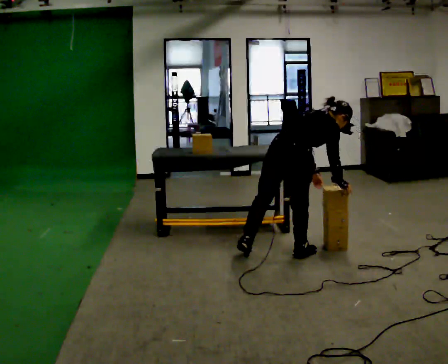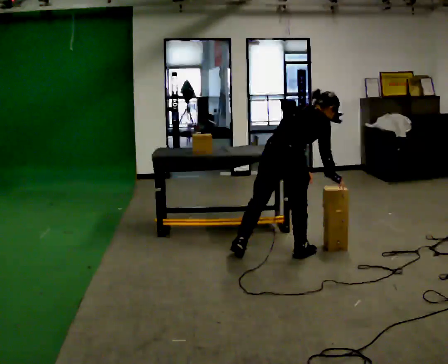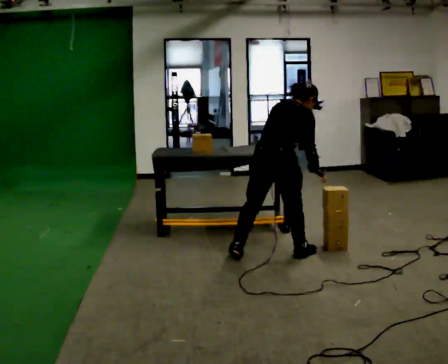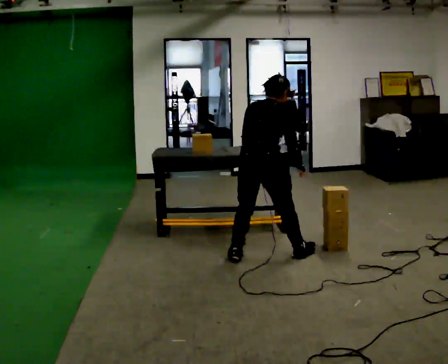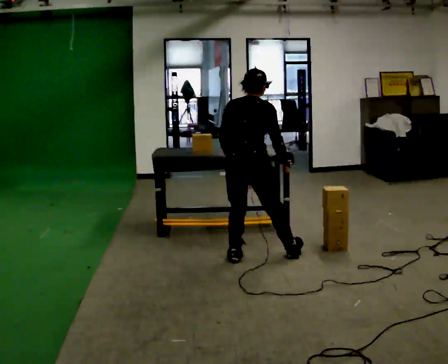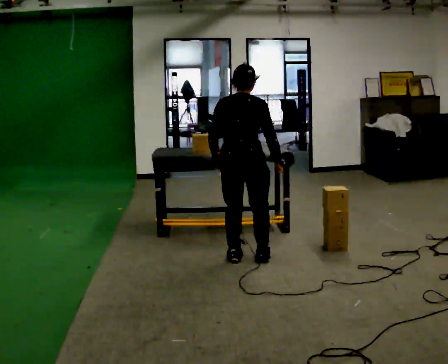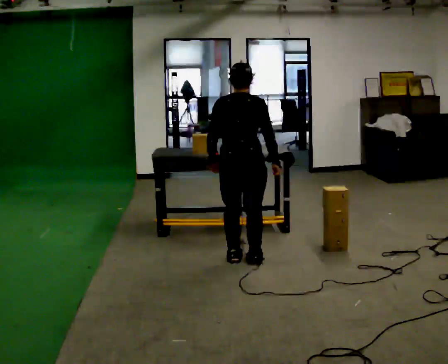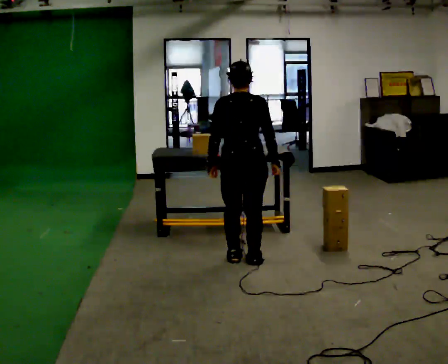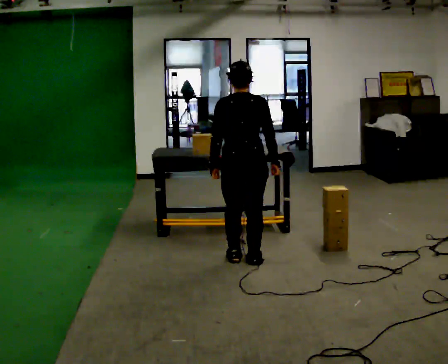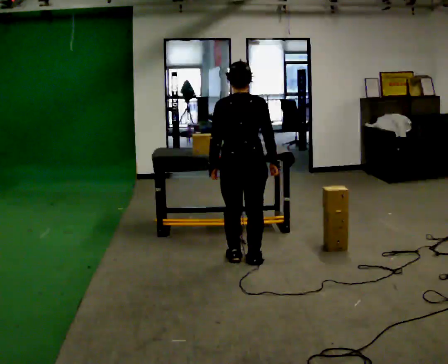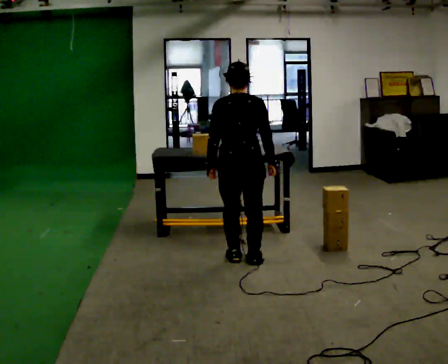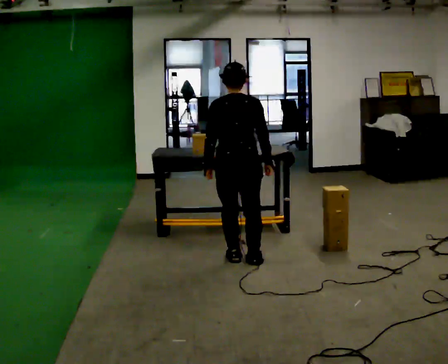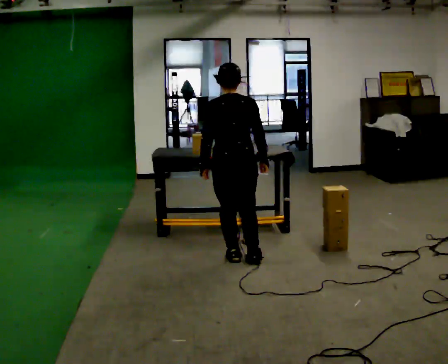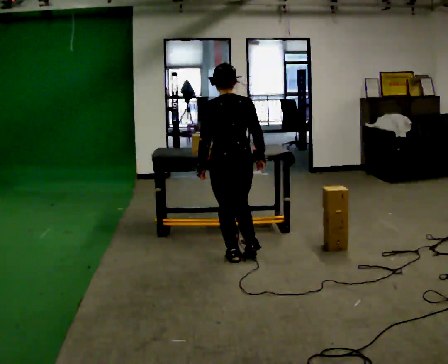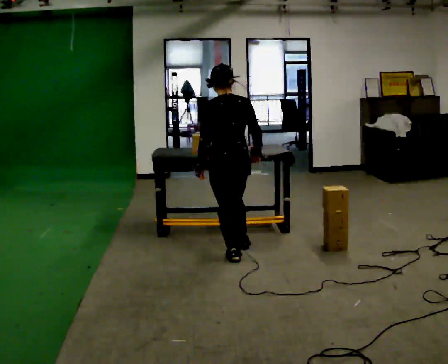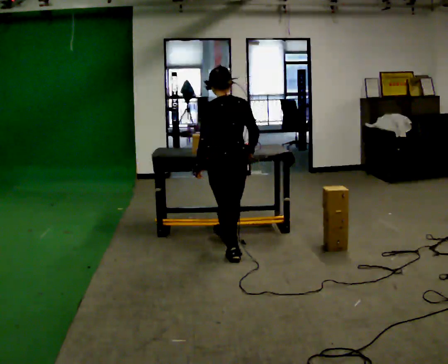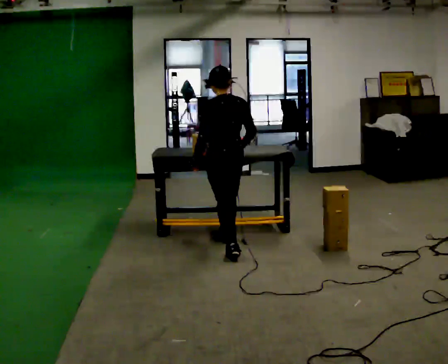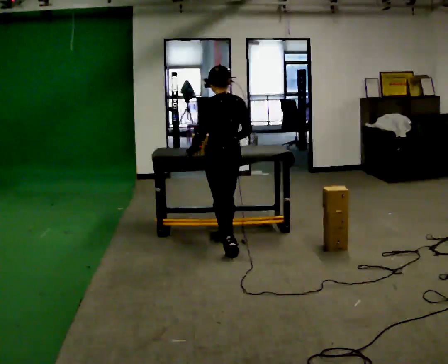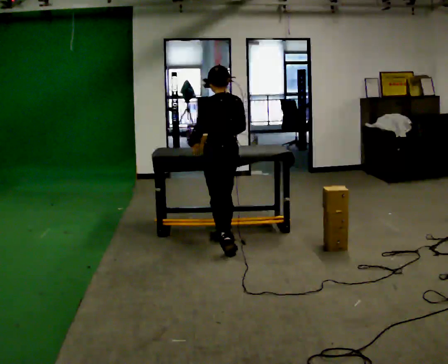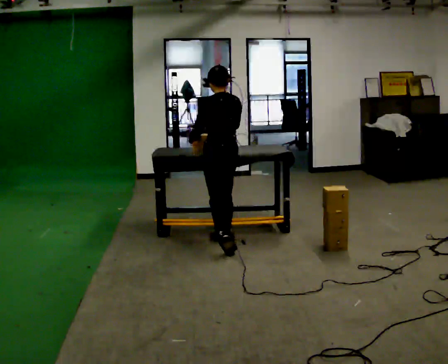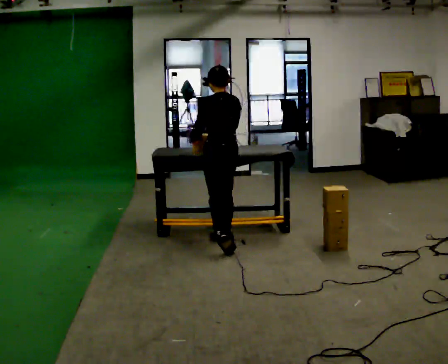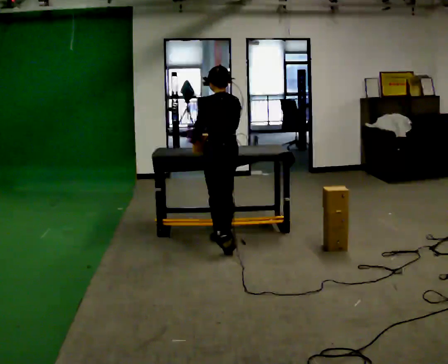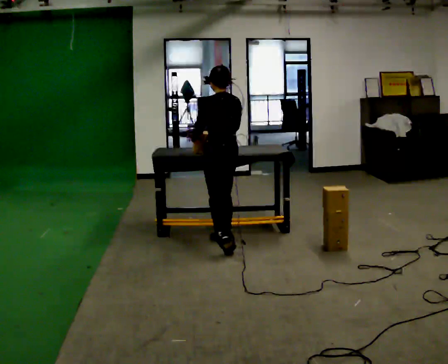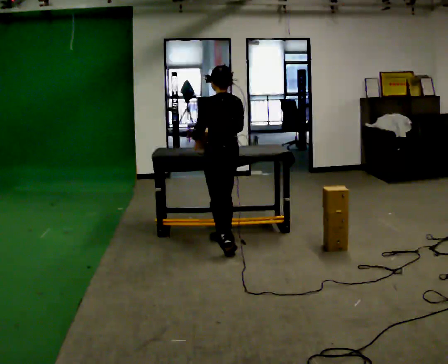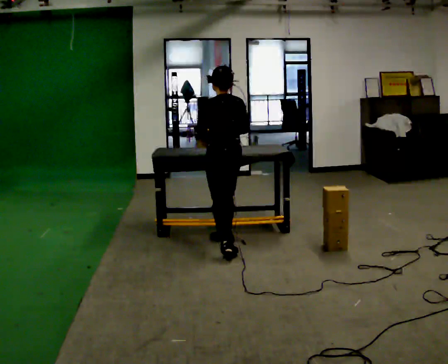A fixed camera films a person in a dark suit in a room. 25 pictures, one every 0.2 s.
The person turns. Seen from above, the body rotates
counterclockwise.
The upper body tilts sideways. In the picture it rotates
counterclockwise.
0.0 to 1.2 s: The person turns about 45 degrees to their left, counterclockwise seen from above, so the part of the body nearest the lens slides to the right. In the picture they go to the left, about 0.25 m in 1 step, which for them is to their left. In the picture the upper body tilts counterclockwise, shoulders to the left, as they lean back or straighten.
1.2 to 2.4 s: The person moves a little, or ends about where they began.
2.4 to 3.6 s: The person turns about 30 degrees to their left, counterclockwise seen from above, so the part of the body nearest the lens slides to the right. In the picture they go away from the camera, about 0.5 m in 1 step, which for them is forward and to their right.
3.6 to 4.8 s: The person moves a little, or ends about where they began.
The film runs forward here.
